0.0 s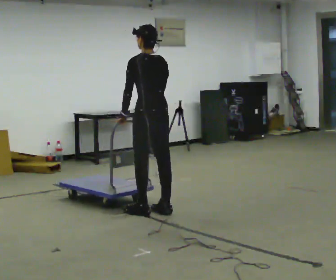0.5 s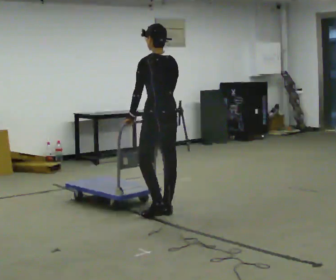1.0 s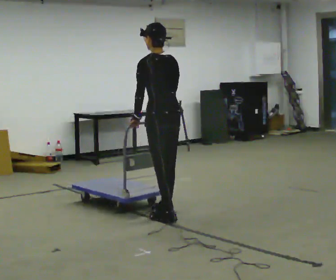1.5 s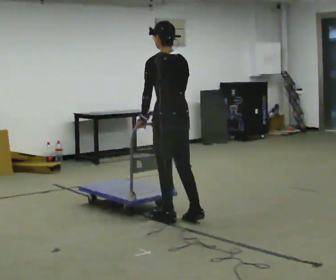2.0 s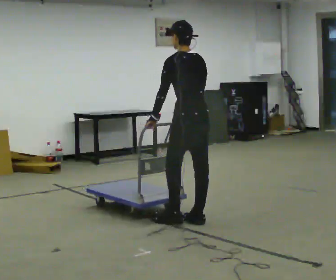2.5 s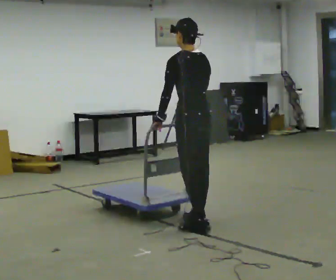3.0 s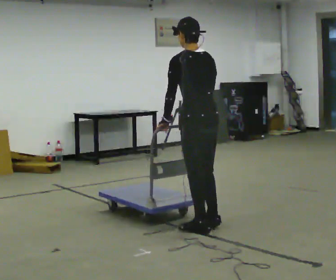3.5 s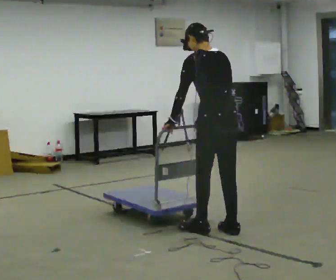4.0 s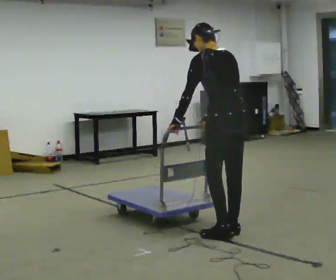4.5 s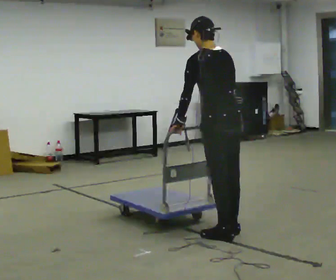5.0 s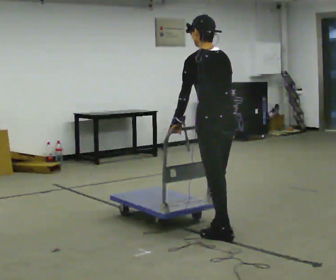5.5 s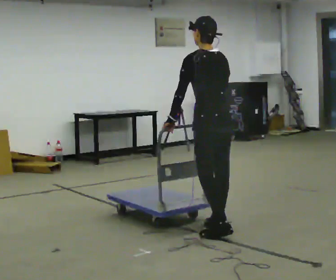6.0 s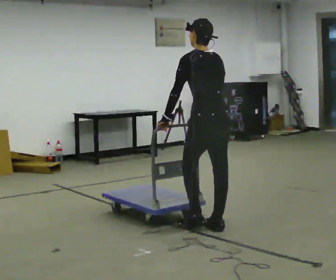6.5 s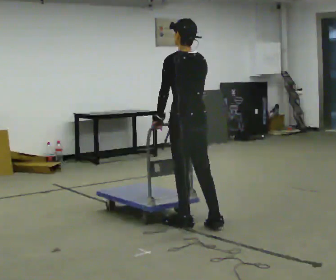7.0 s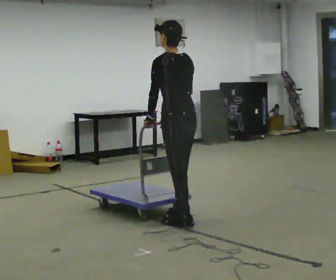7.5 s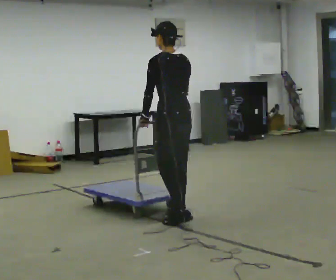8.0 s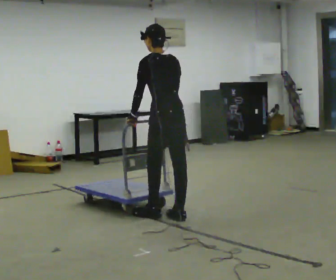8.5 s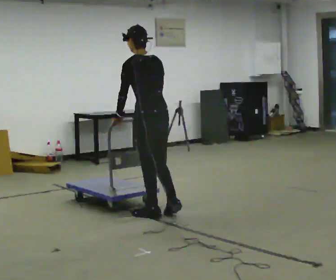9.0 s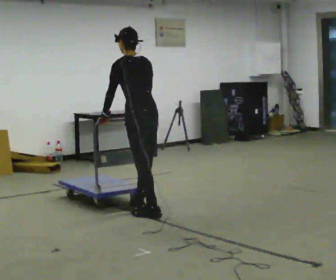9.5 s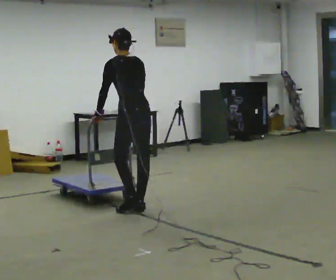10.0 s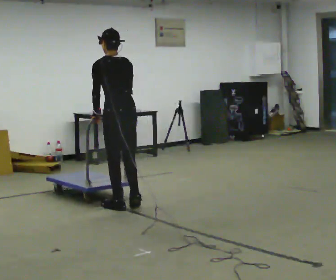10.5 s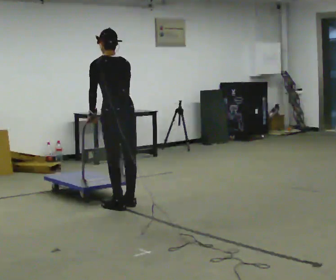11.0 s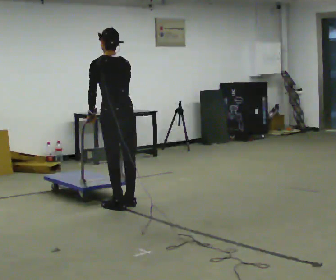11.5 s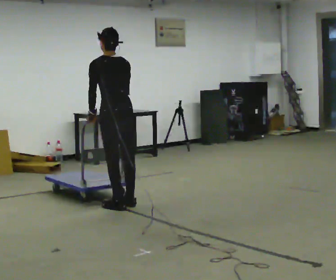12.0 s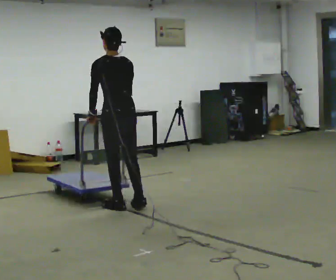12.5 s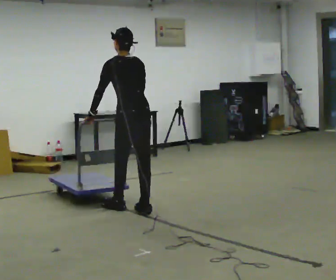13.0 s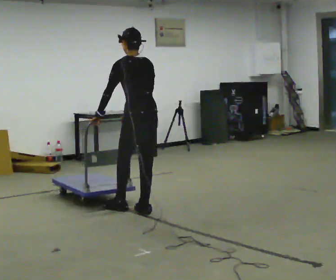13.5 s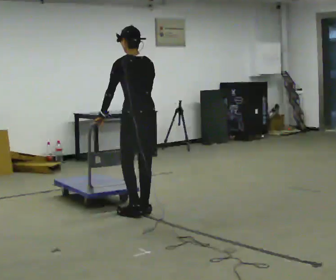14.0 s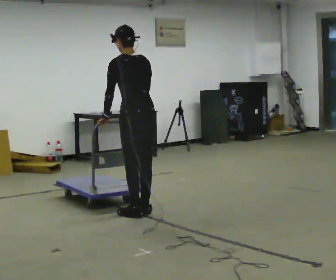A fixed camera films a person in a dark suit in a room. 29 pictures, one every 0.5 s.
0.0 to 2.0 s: In the picture they go toward the camera and to the right, about 0.5 m in 2 steps, which for them is backward.
2.0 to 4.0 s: In the picture they go toward the camera and to the right, about 0.5 m in 2 steps, which for them is backward.
4.0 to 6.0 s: In the picture they go away from the camera, about 0.25 m in 1 step, which for them is forward.
6.0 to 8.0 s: In the picture they go away from the camera and to the left, about 0.5 m in 3 steps, which for them is forward.
8.0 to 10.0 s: In the picture they go to the left and away from the camera, about 0.5 m in 2 steps, which for them is forward.
10.0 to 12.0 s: The person moves a little, or ends about where they began.
12.0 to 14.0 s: In the picture they go toward the camera and to the right, about 0.25 m in 2 steps, which for them is backward.
The film runs forward here.
